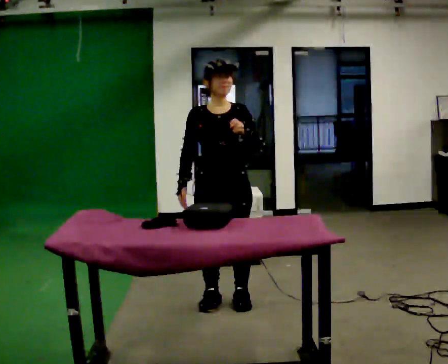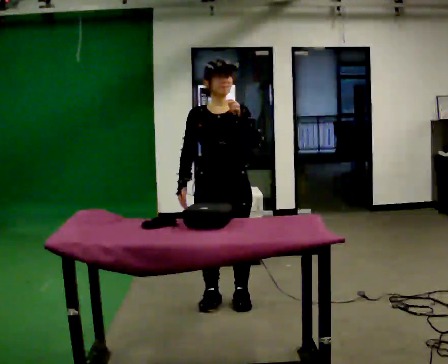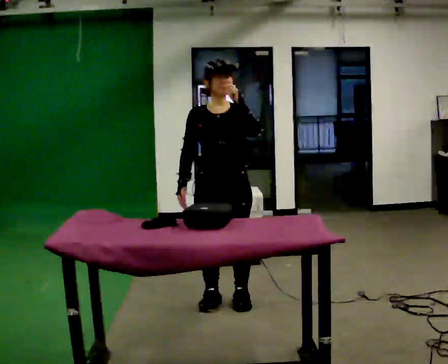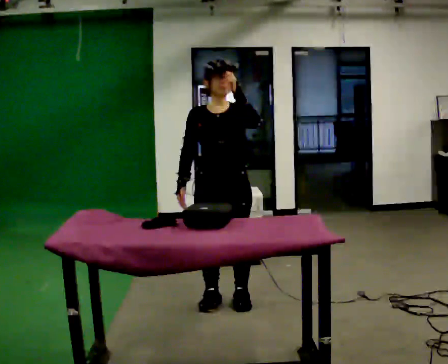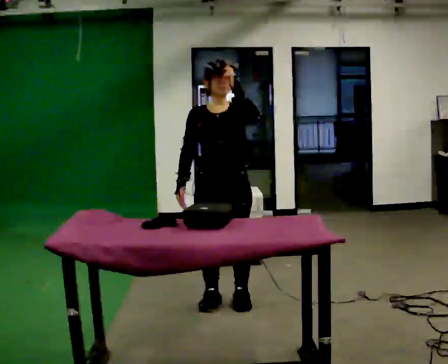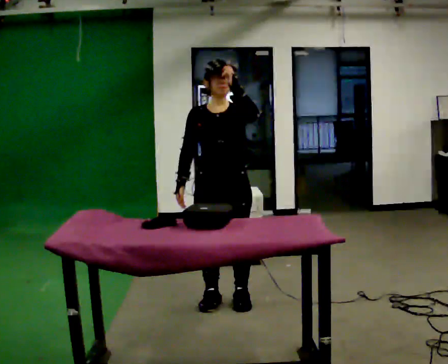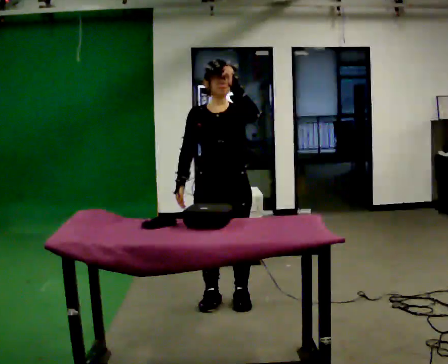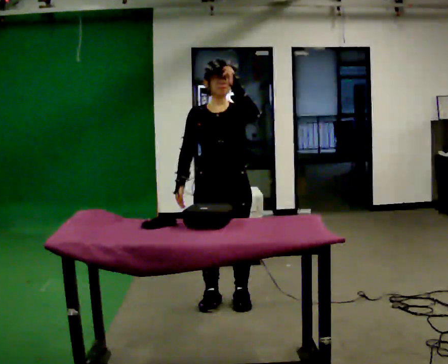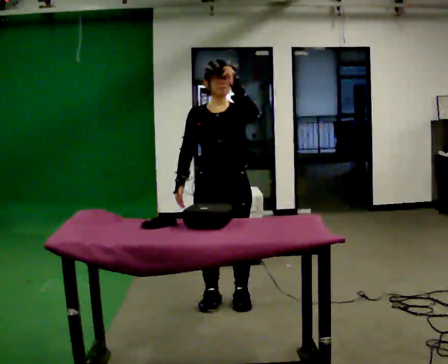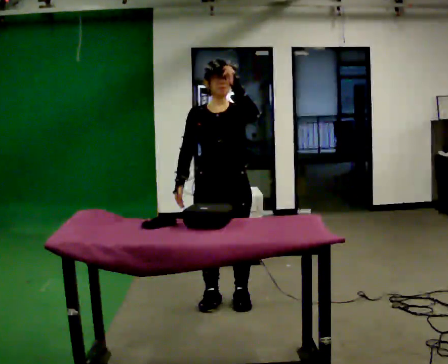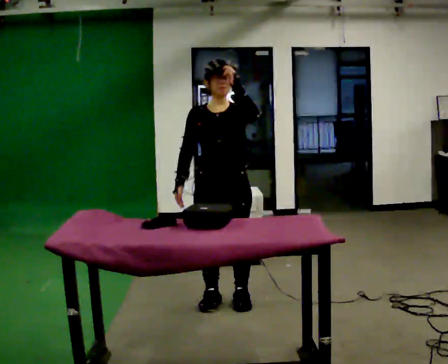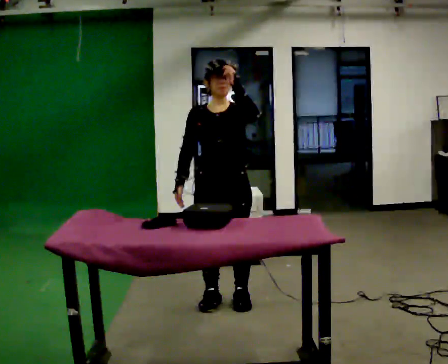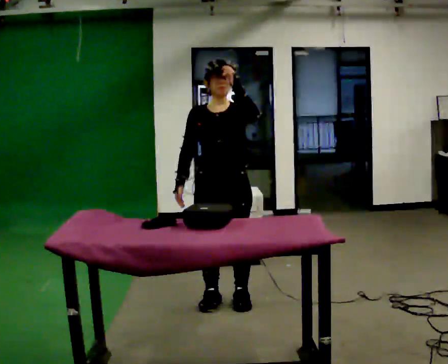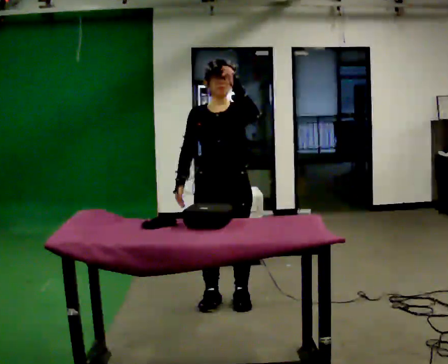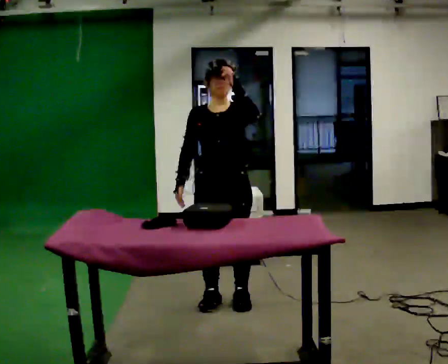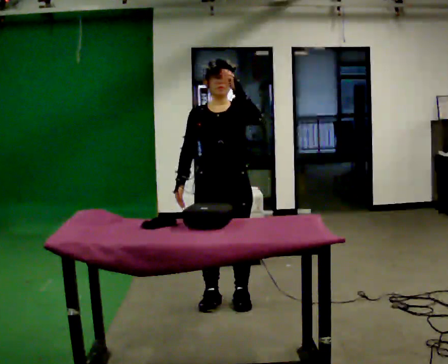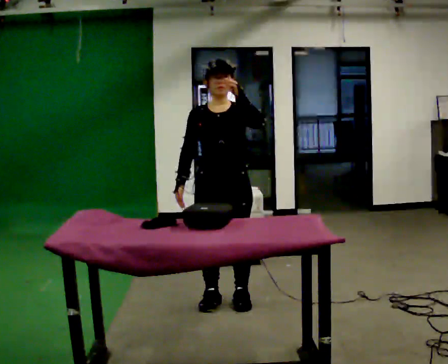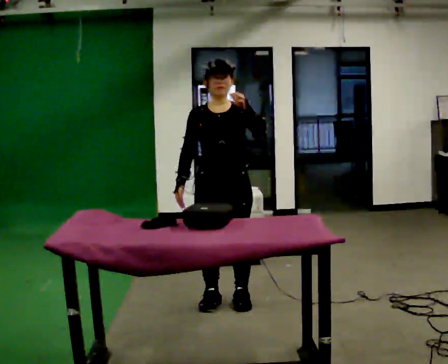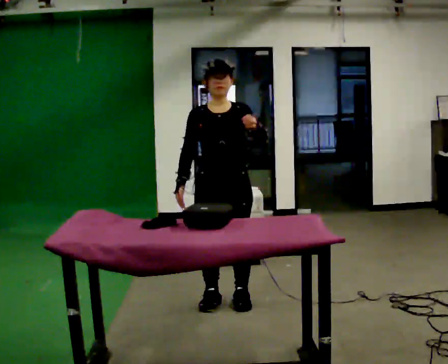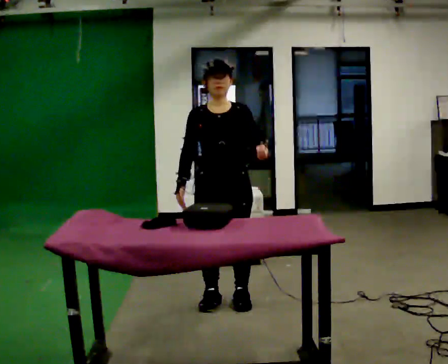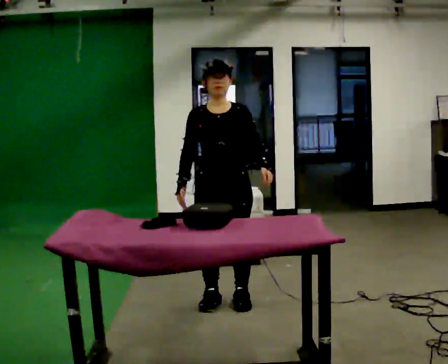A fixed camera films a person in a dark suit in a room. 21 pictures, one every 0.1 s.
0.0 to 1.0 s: In the picture their left hand goes upward.
1.0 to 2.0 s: In the picture their left hand goes downward.
The film runs backward here.
